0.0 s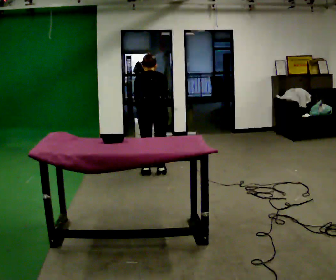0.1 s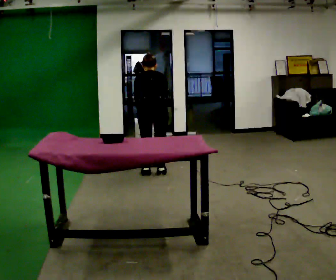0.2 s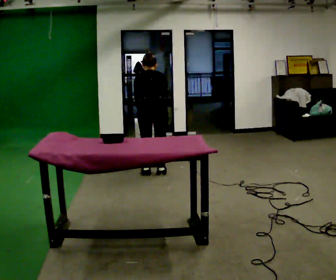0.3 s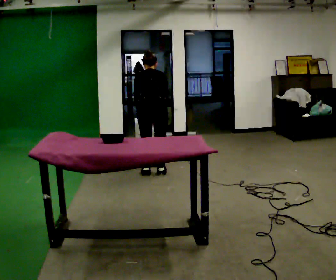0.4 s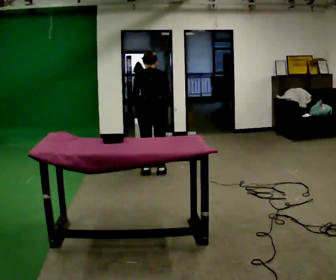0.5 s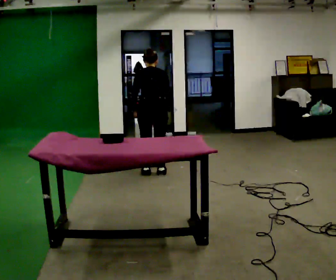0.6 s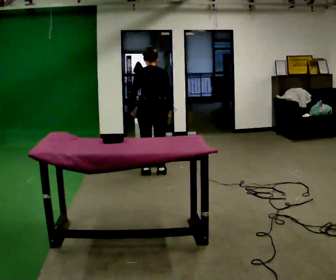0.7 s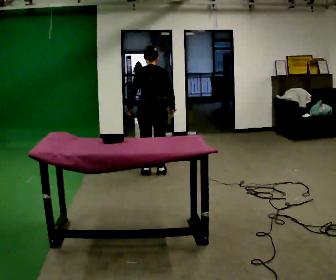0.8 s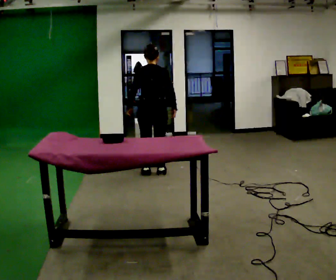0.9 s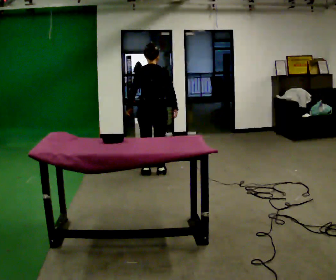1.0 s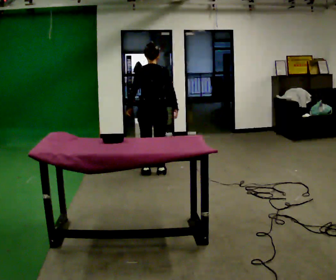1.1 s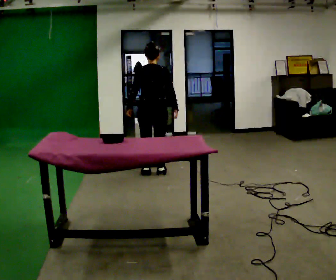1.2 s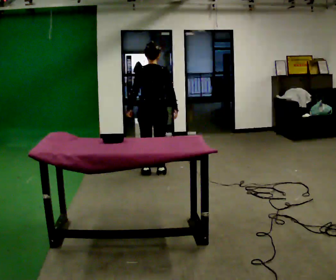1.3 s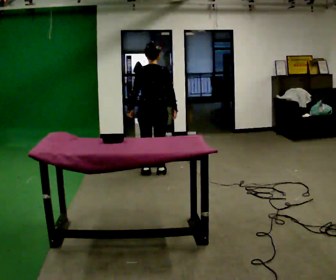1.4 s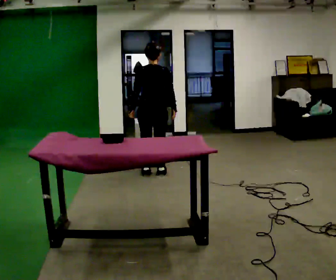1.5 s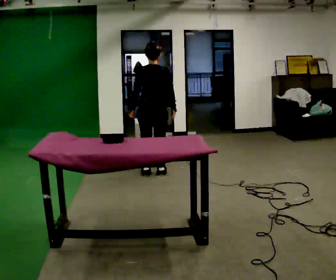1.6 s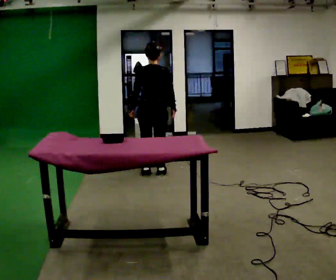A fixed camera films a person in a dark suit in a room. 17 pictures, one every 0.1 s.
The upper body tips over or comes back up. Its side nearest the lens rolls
downward.
0.0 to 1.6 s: The upper body tips toward the camera, its near side rolling downward, as they lean back or straighten.
The film runs forward here.
